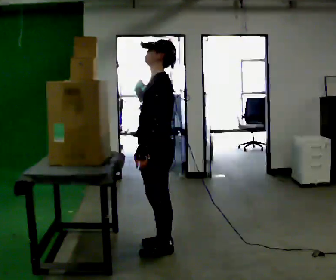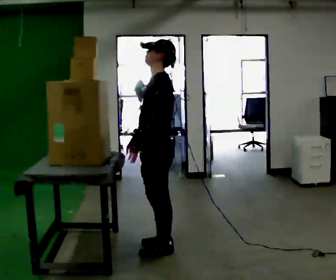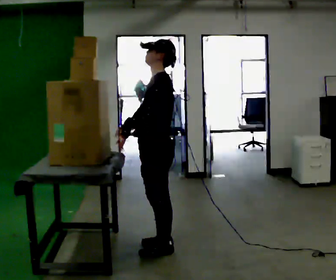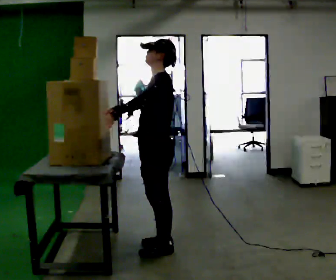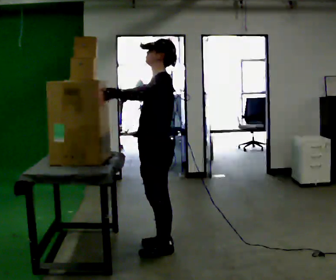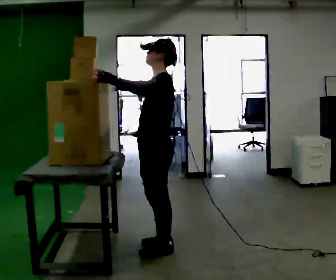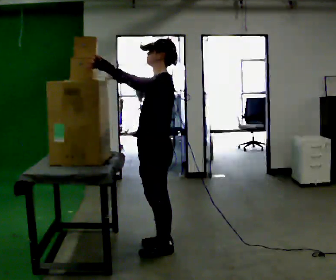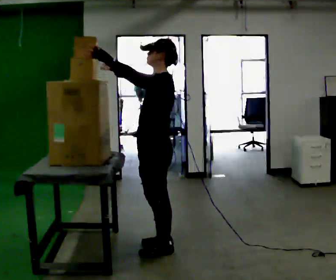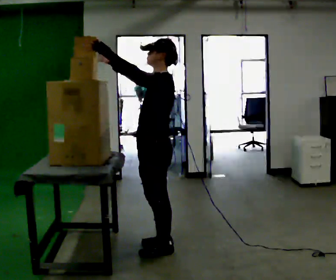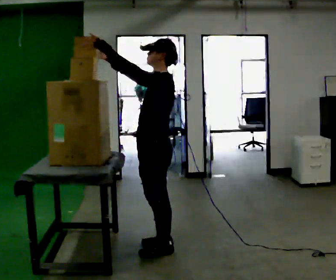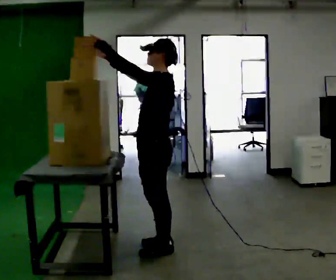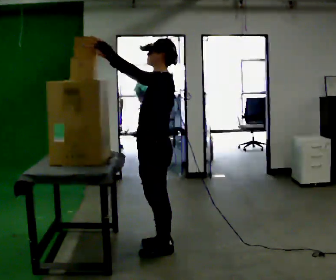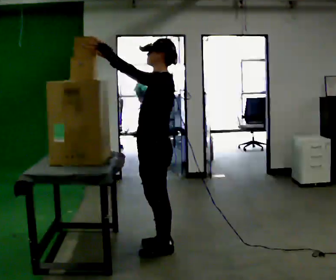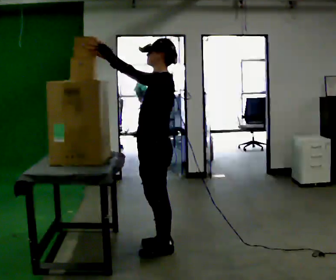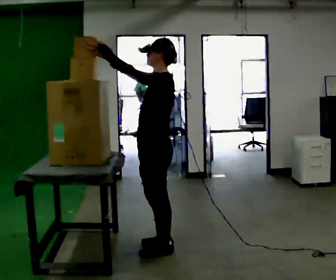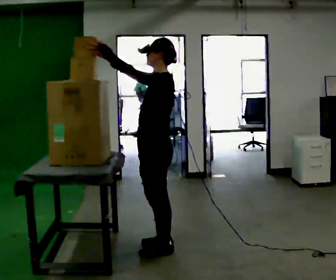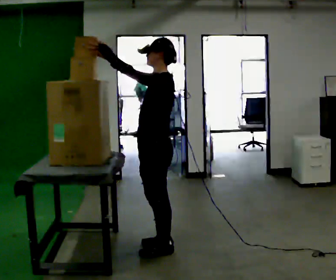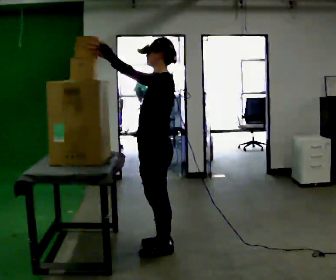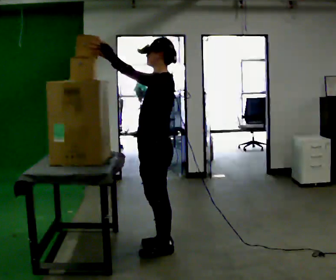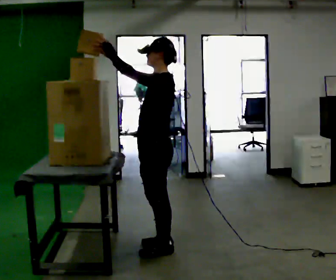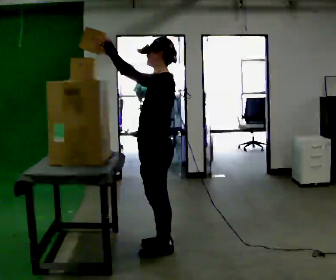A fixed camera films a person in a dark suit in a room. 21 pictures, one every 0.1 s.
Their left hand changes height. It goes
upward.
Their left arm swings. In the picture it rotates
clockwise.
0.0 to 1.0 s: In the picture their right hand goes upward, the arm swinging clockwise.
1.0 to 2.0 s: The person moves a little, or ends about where they began.
The film runs forward here.
